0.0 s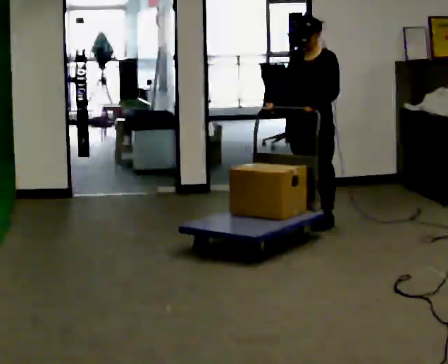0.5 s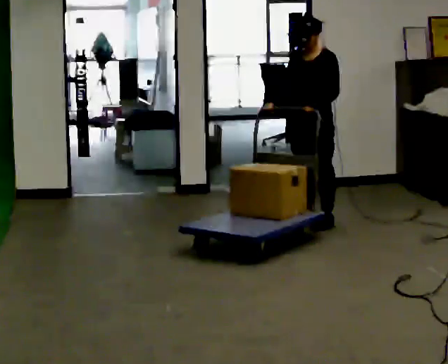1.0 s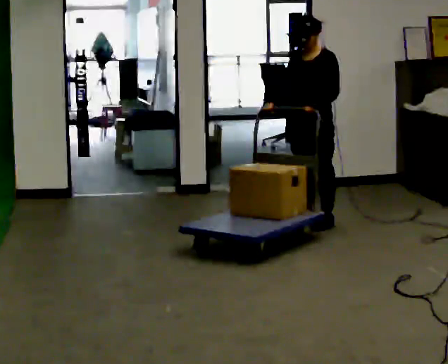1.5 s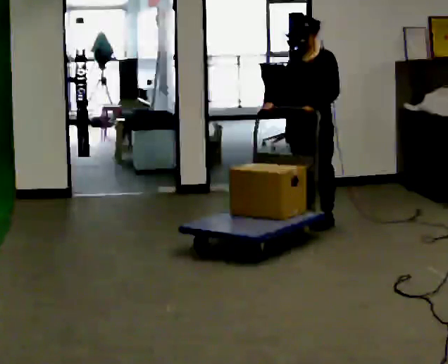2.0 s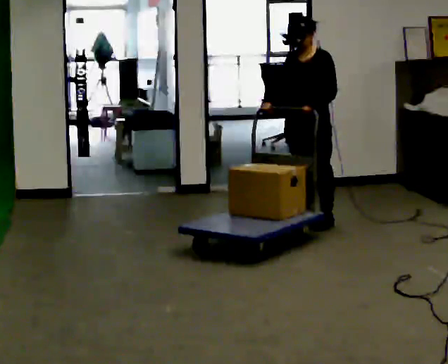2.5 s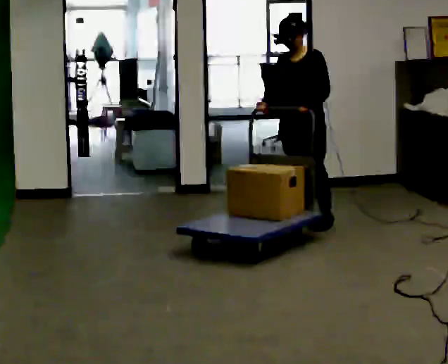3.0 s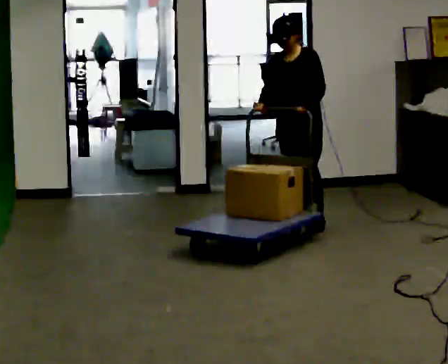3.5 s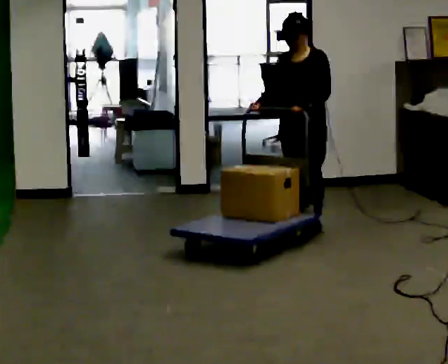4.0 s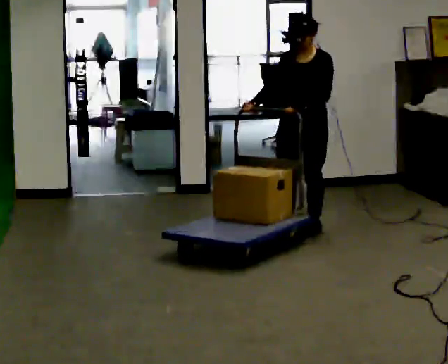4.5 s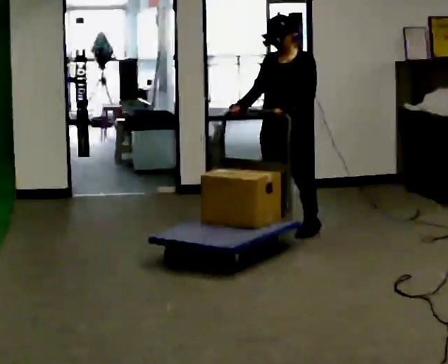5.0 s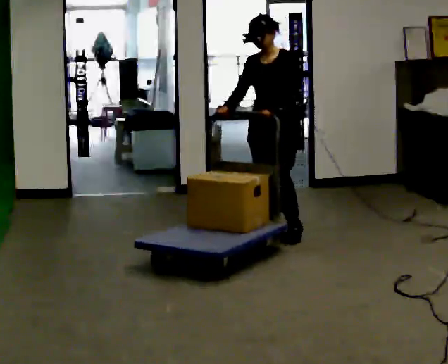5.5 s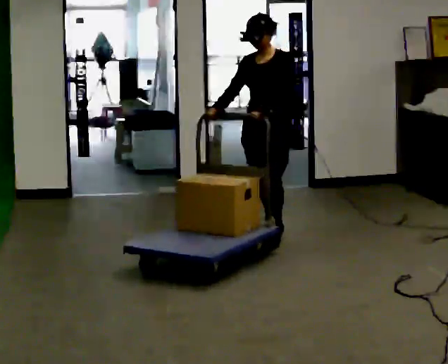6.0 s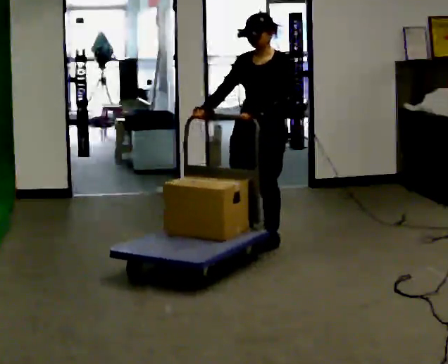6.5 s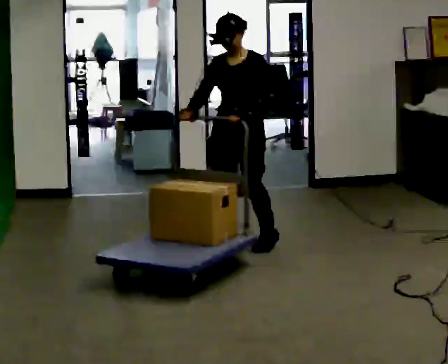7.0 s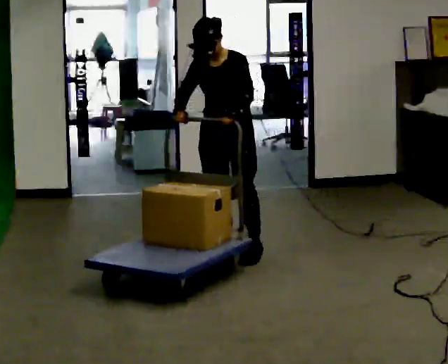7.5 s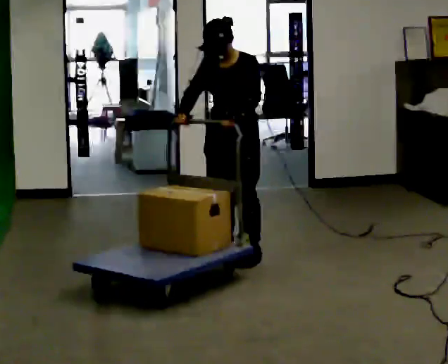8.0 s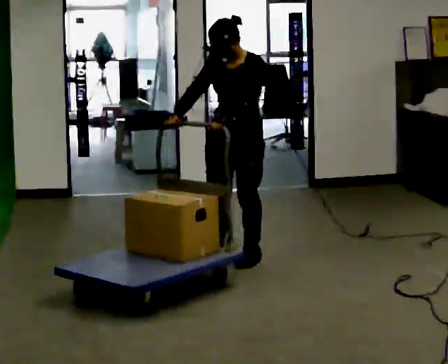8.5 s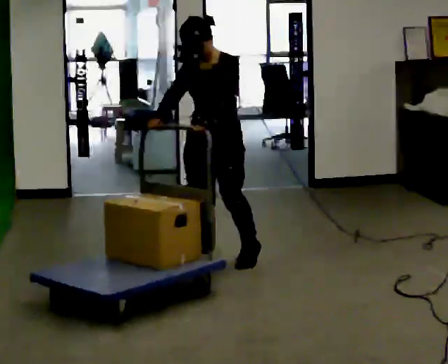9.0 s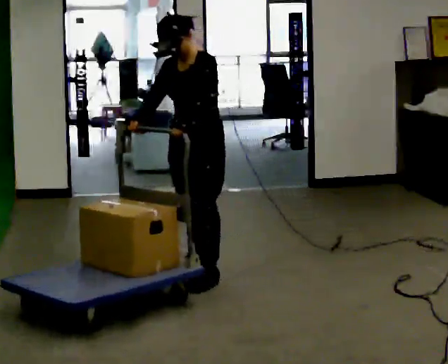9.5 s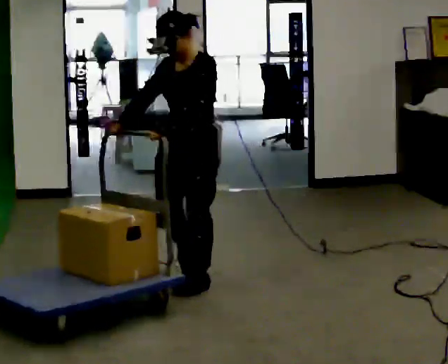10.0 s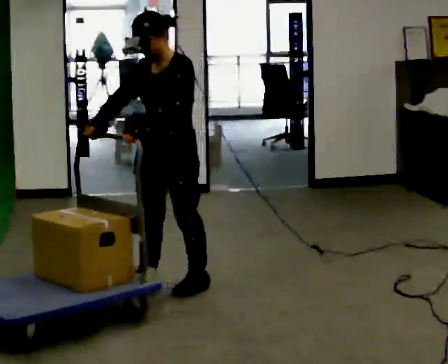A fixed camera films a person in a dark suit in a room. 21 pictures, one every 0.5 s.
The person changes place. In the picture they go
toward the camera.
0.0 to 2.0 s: The person moves a little, or ends about where they began.
2.0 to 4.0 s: In the picture they go toward the camera, about 0.25 m in 1 step, which for them is forward.
4.0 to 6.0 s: In the picture they go toward the camera and to the left, about 0.5 m in 2 steps, which for them is forward.
6.0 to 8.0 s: In the picture they go toward the camera, about 0.5 m in 2 steps, which for them is forward.
8.0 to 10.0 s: In the picture they go toward the camera and to the left, about 0.75 m in 3 steps, which for them is forward.
The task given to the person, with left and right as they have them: Push the loaded cart from one corner of the room to the other, turn it round, and push it back. Keep going until the operator says stop.
The film runs forward here.
